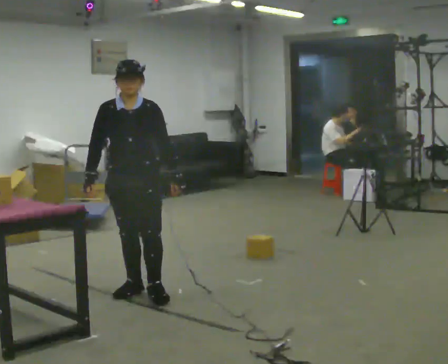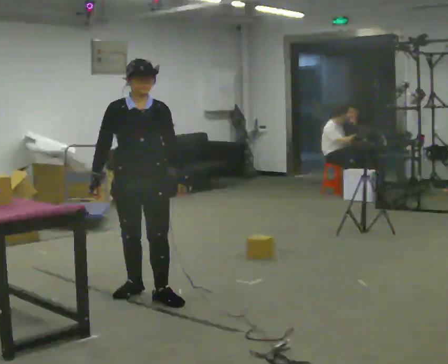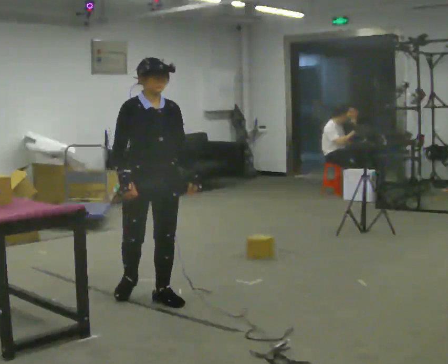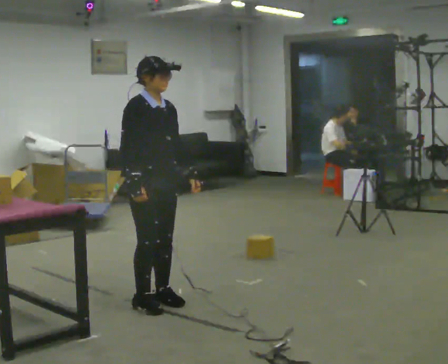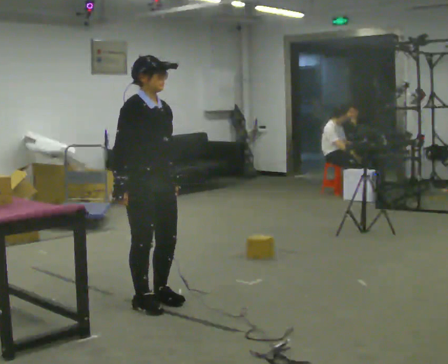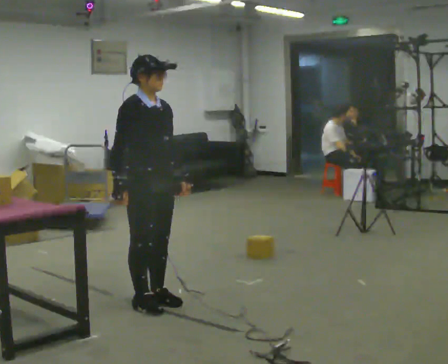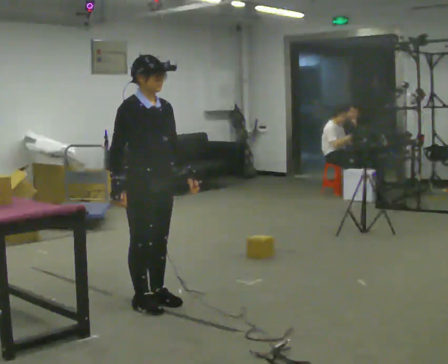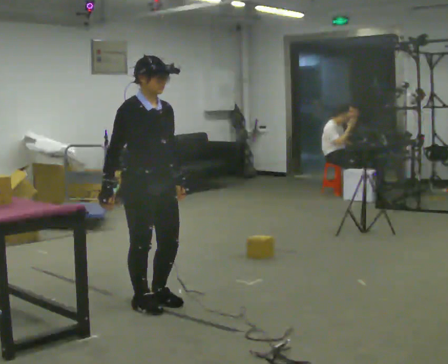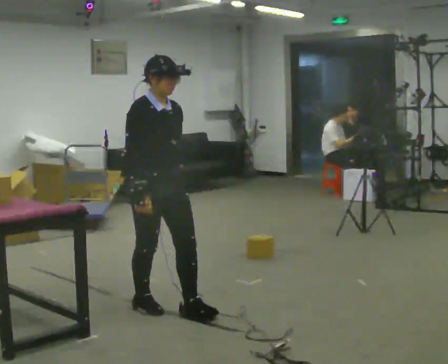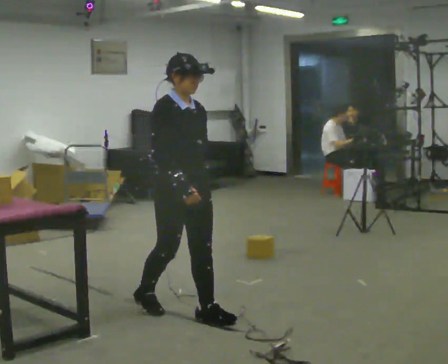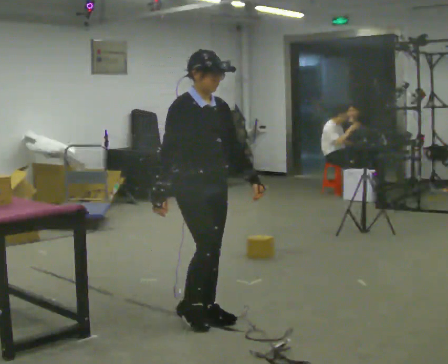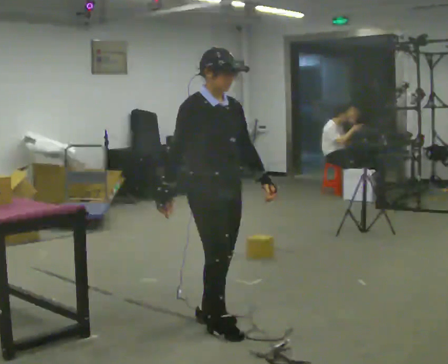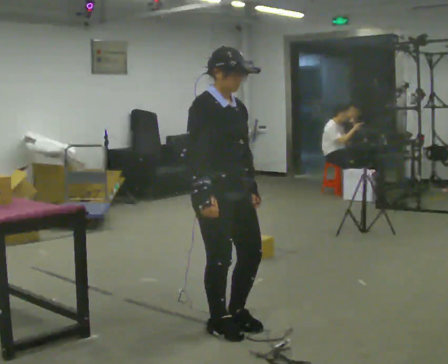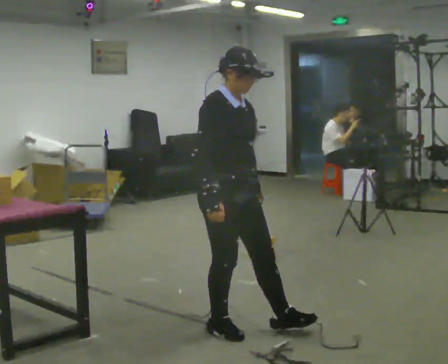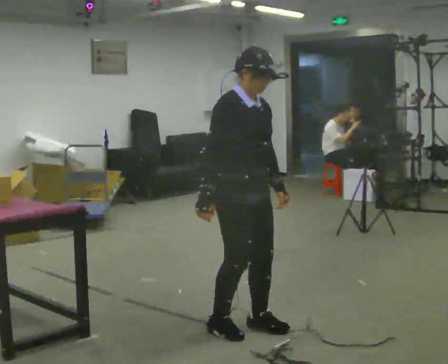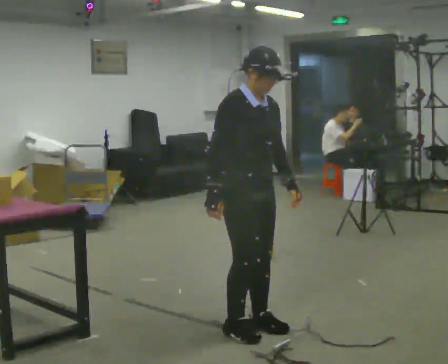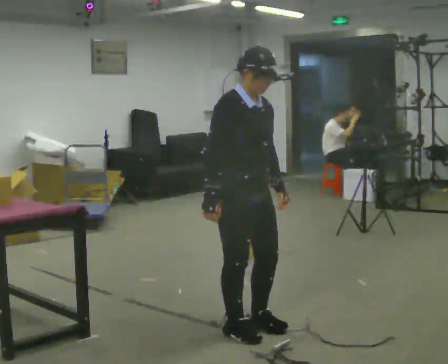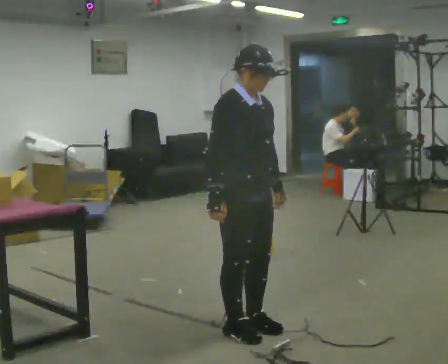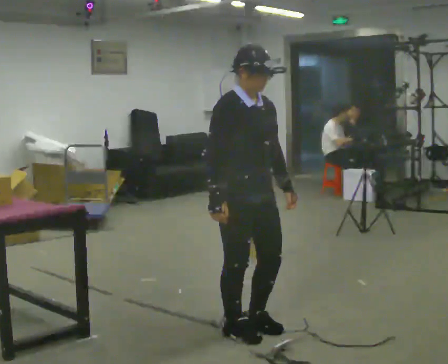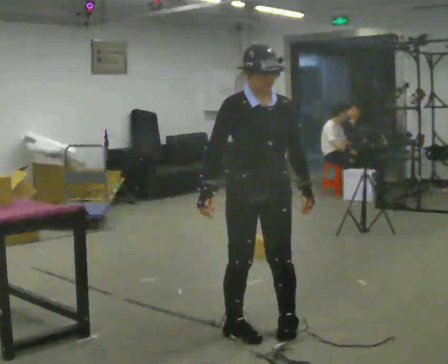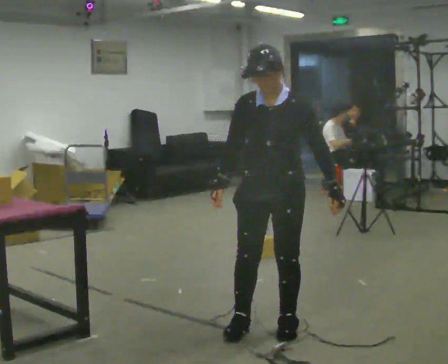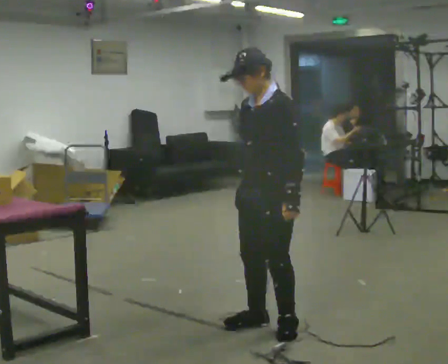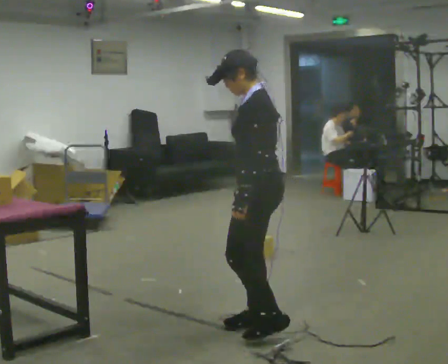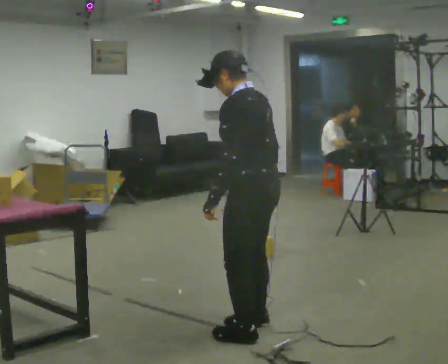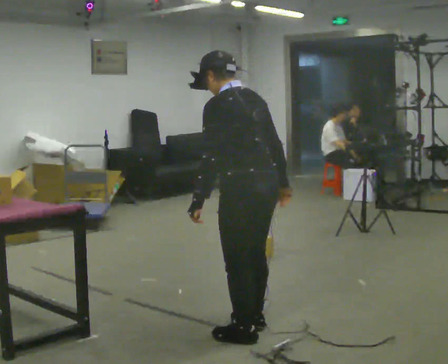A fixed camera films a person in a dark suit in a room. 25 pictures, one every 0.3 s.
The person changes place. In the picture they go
toward the camera.
0.0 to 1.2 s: The person turns about 60 degrees to their left, counterclockwise seen from above, so the part of the body nearest the lens slides to the right. In the picture they go toward the camera, about 0.25 m in 1 step, which for them is forward.
1.2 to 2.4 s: The person moves a little, or ends about where they began.
2.4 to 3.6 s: In the picture they go toward the camera and to the right, about 0.5 m in 2 steps, which for them is forward.
3.6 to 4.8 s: The person moves a little, or ends about where they began.
4.8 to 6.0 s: Seen from above the body turns clockwise, about 75 degrees: to their right, with its near side sliding to the left. In the picture they go to the right, about 0.25 m in 1 step.
6.0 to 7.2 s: The part of the body nearest the lens slides to the left as the person turns to their right by about 105 degrees. In the picture they go to the left, about 0.25 m in 2 steps. In the picture their right hand goes to the right, the arm swinging counterclockwise.
The film runs forward here.
